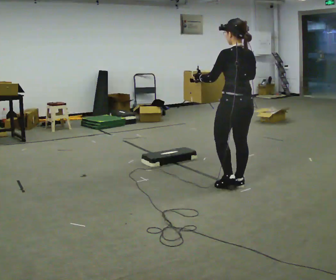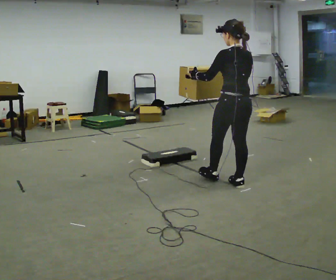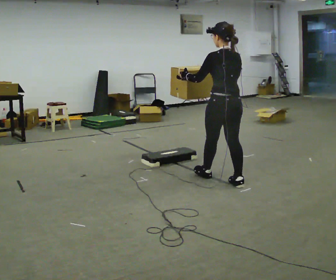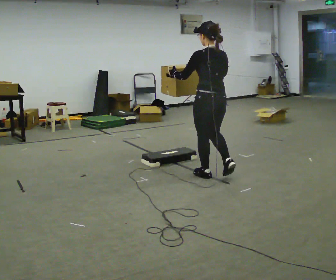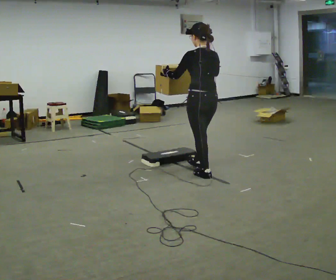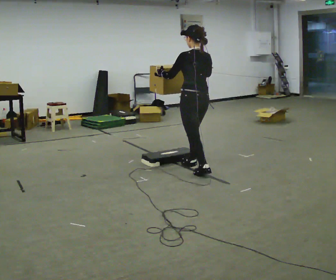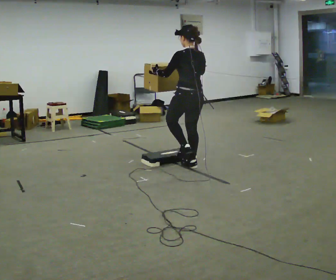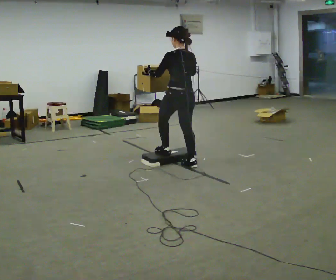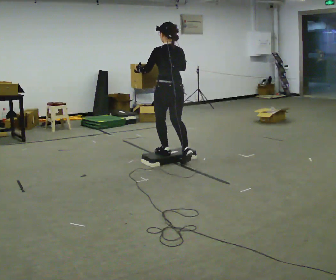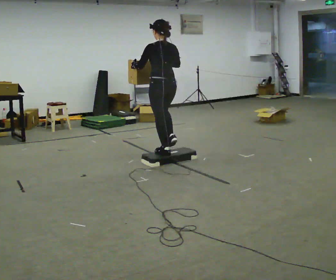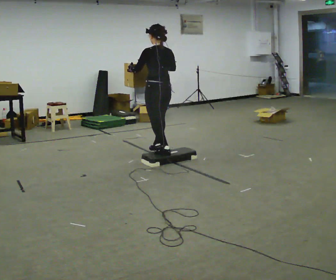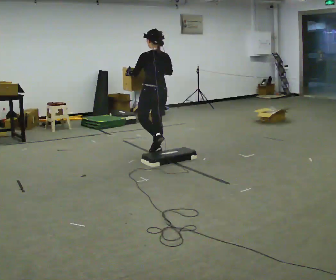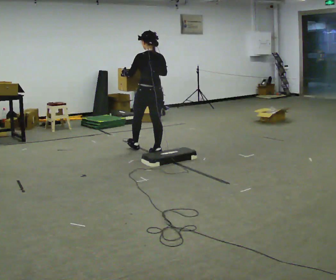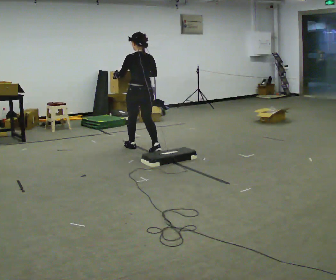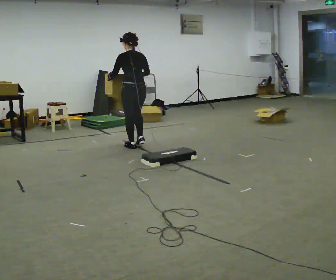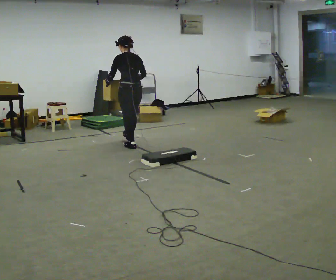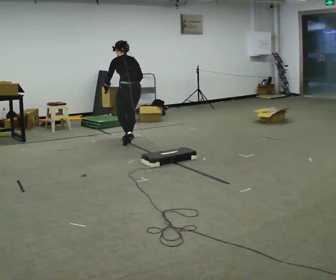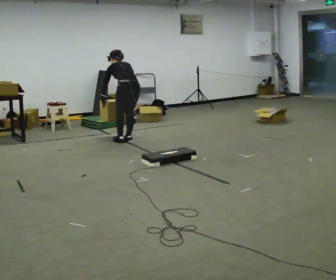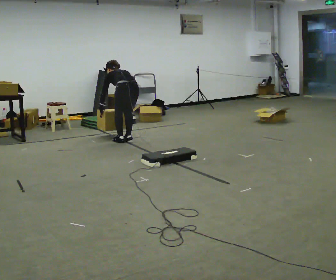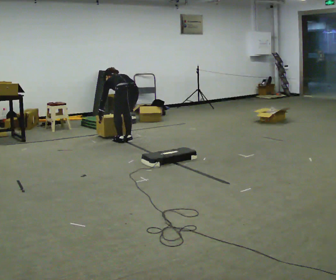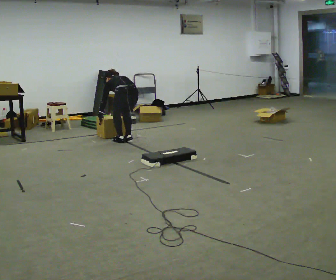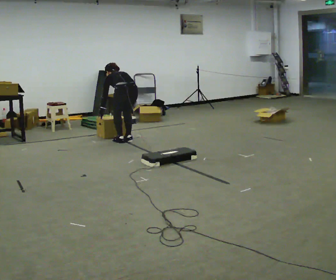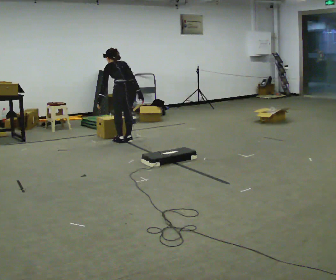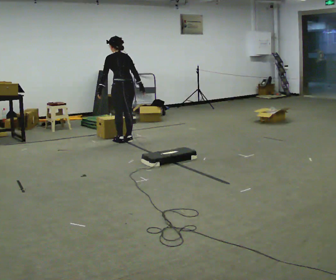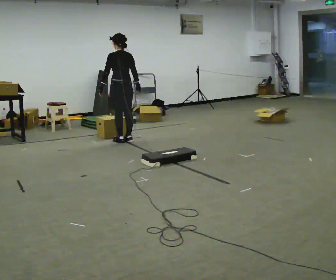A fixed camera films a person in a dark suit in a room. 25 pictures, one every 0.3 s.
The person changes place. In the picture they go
away from the camera.
0.0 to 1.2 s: In the picture they go away from the camera and to the left, about 0.5 m in 1 step, which for them is forward.
1.2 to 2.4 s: In the picture they go away from the camera and to the left, about 0.5 m in 2 steps, which for them is forward.
2.4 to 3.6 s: In the picture they go away from the camera and to the left, about 0.5 m in 1 step, which for them is forward.
3.6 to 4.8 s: In the picture they go away from the camera and to the left, about 0.5 m in 2 steps, which for them is forward. The upper body tips away from the camera, its near side rolling upward, as they bend forward.
4.8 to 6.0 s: The shoulders move downward. The upper body tips away from the camera, its near side rolling upward, as they bend forward. In the picture their left hand goes downward.
6.0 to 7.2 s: The shoulders move upward. The upper body tips toward the camera, its near side rolling downward, as they lean back or straighten. In the picture their right hand goes upward.
The film runs forward here.
